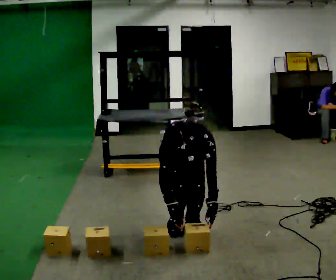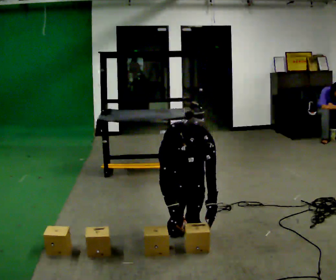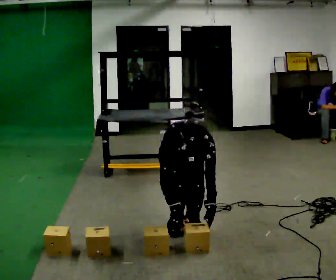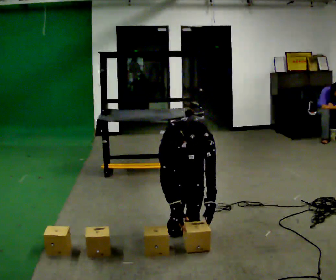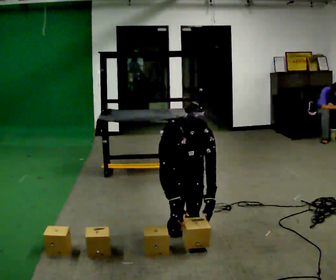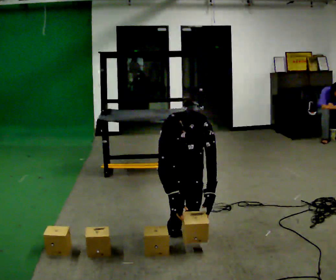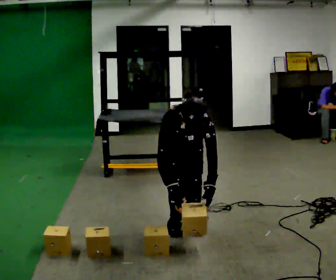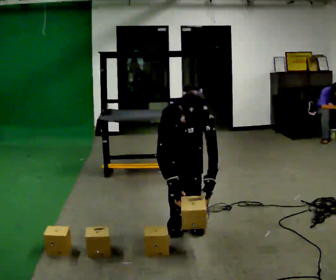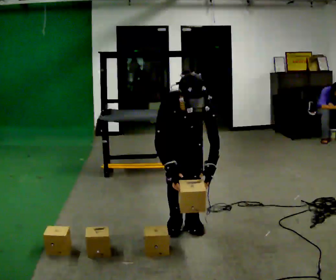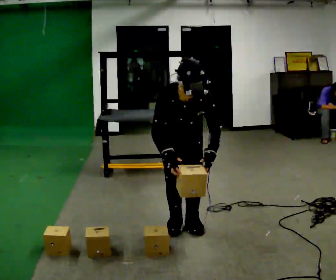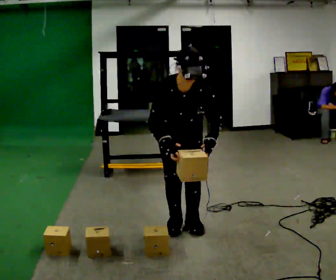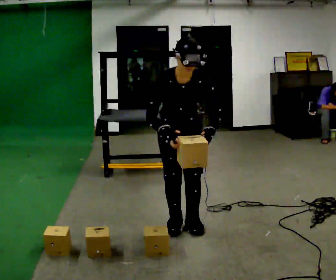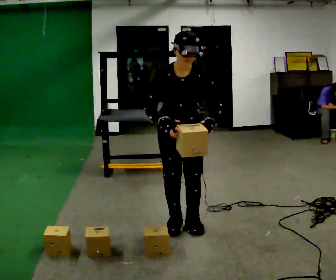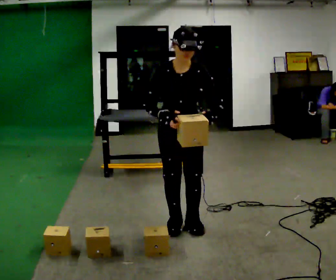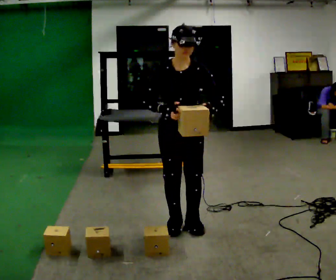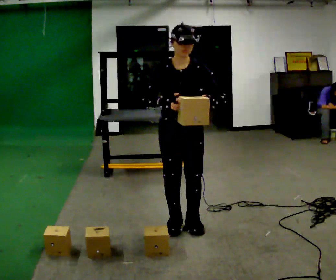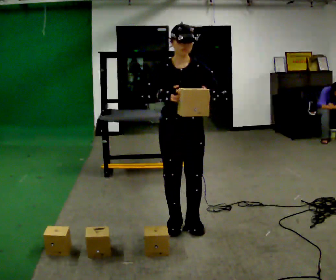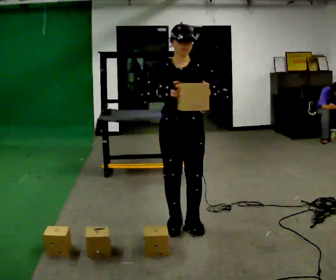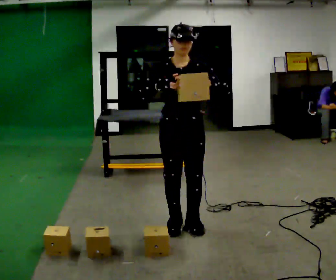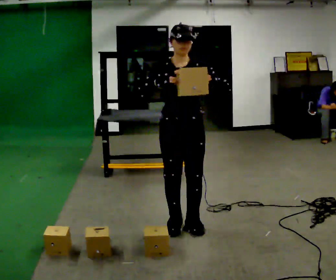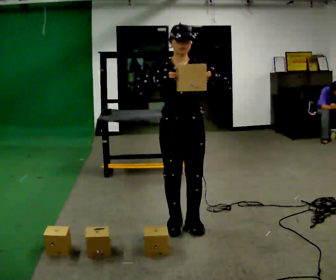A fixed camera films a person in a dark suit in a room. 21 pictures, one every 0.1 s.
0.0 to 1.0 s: The shoulders move upward. The upper body tips away from the camera, its near side rolling upward, as they lean back or straighten. In the picture their right hand goes upward.
1.0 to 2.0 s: The upper body tips away from the camera, its near side rolling upward, as they lean back or straighten. In the picture their left hand goes upward.
The film runs forward here.
